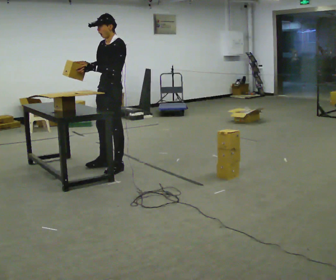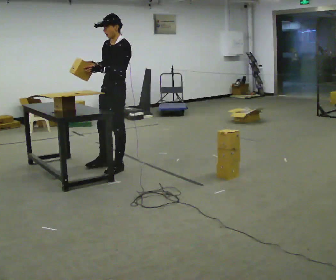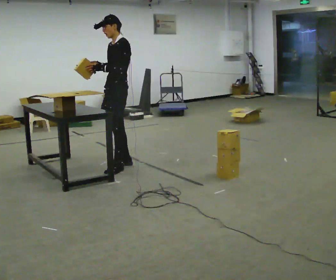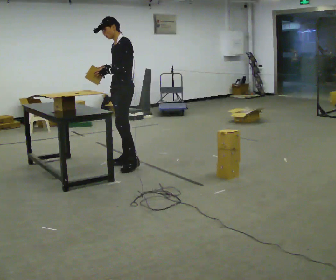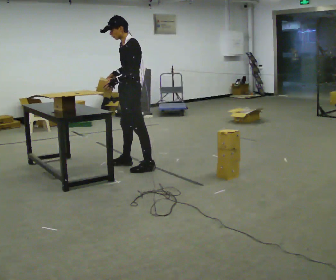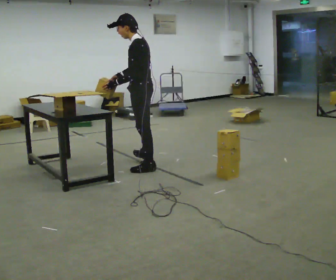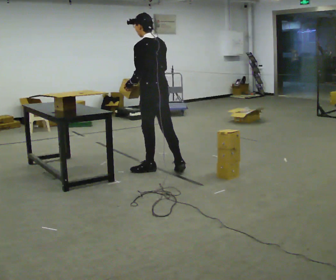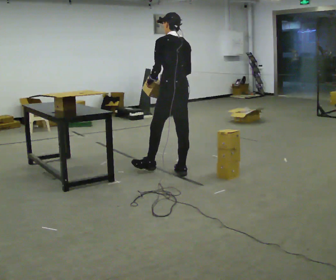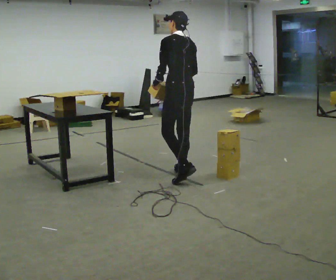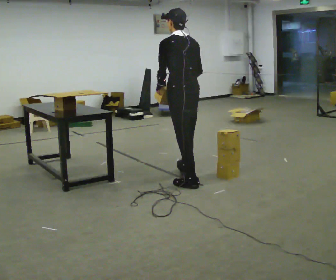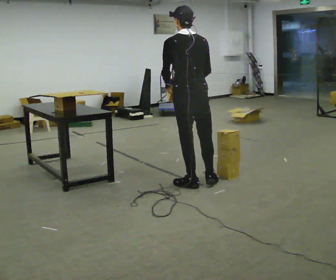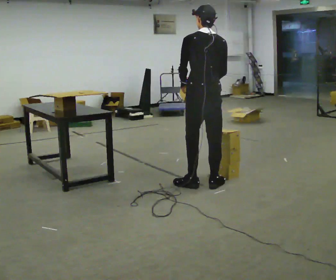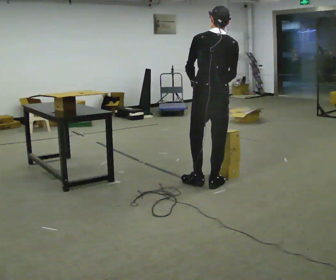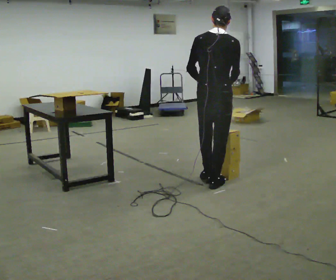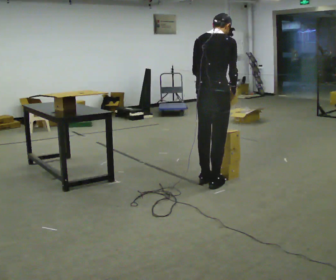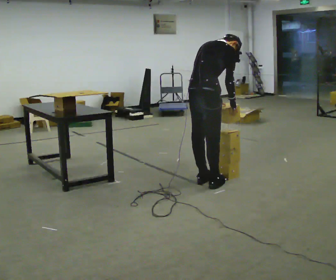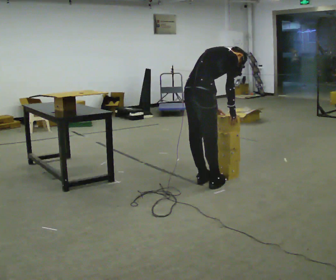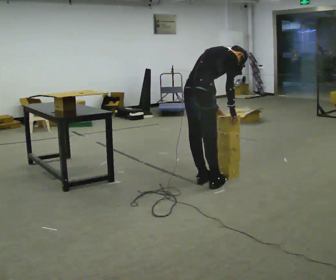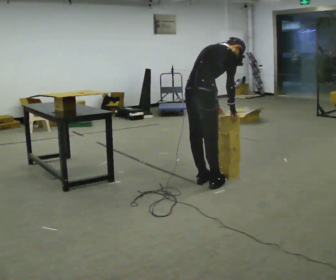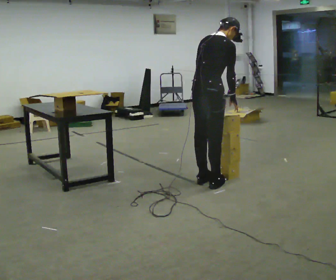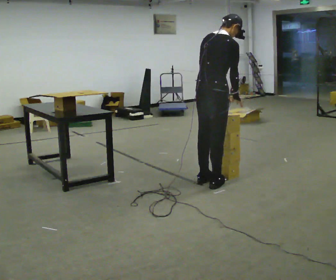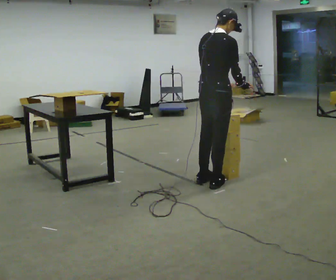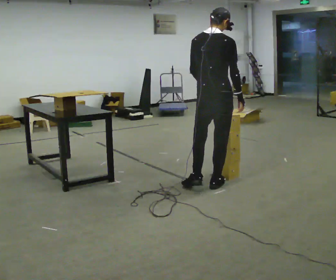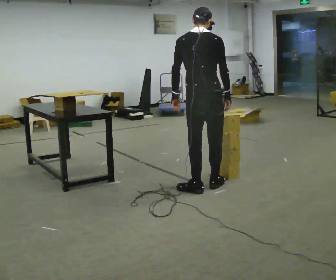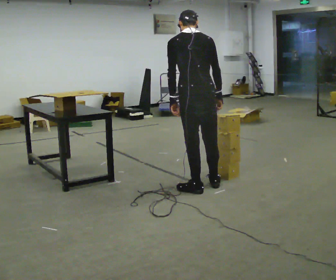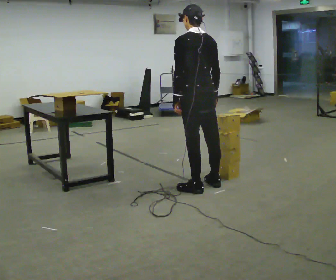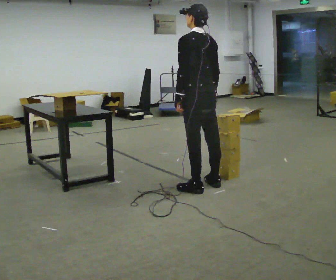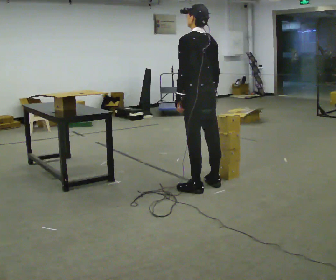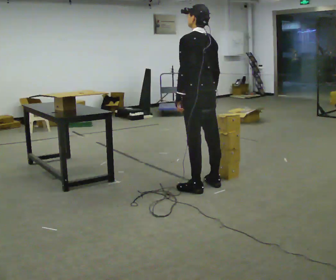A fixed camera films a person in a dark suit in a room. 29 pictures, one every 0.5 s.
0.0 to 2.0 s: In the picture they go to the right, about 0.25 m in 2 steps, which for them is backward.
2.0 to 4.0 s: The person turns about 60 degrees to their right, clockwise seen from above, so the part of the body nearest the lens slides to the left. In the picture they go to the right and toward the camera, about 0.75 m in 2 steps.
4.0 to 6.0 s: The person turns about 45 degrees to their right, clockwise seen from above, so the part of the body nearest the lens slides to the left. In the picture they go to the right and toward the camera, about 0.5 m in 2 steps, which for them is backward.
6.0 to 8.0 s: The person turns about 60 degrees to their right, clockwise seen from above, so the part of the body nearest the lens slides to the left. In the picture they go to the left, about 0.25 m, which for them is to their left. The shoulders move downward. The upper body tips away from the camera, its near side rolling upward, as they bend forward.
8.0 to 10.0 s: The upper body goes upward. The upper body tips toward the camera, its near side rolling downward, as they lean back or straighten.
10.0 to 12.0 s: The person turns about 60 degrees to their left, counterclockwise seen from above, so the part of the body nearest the lens slides to the right. In the picture they go toward the camera, about 0.25 m in 1 step, which for them is backward. In the picture the upper body tilts counterclockwise, shoulders to the left. In the picture their left hand goes to the left.
12.0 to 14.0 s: The person turns about 30 degrees to their left, counterclockwise seen from above, so the part of the body nearest the lens slides to the right.
The film runs backward here.
